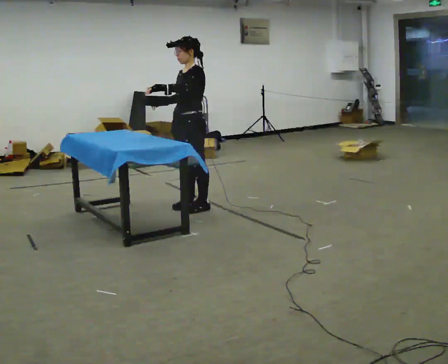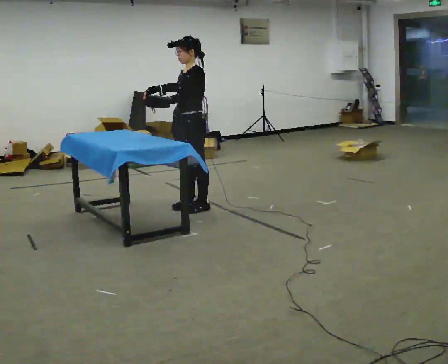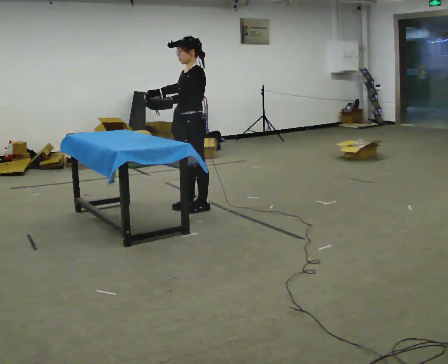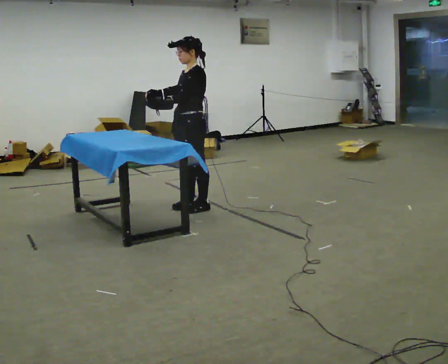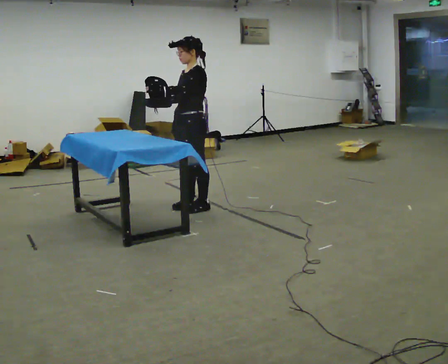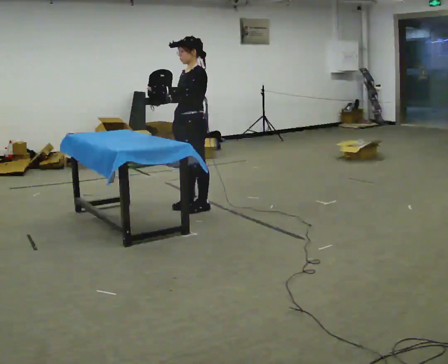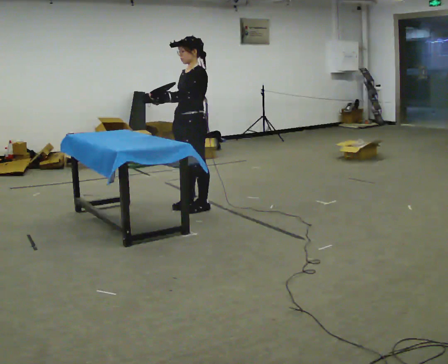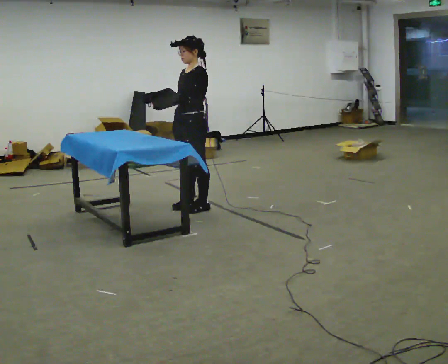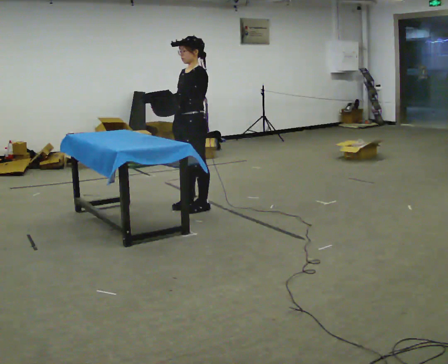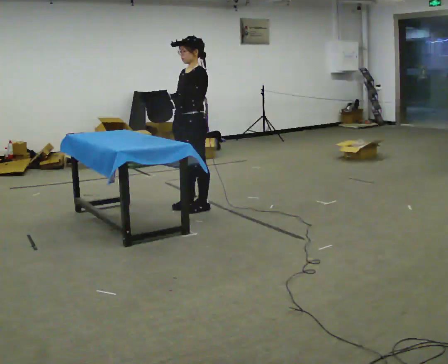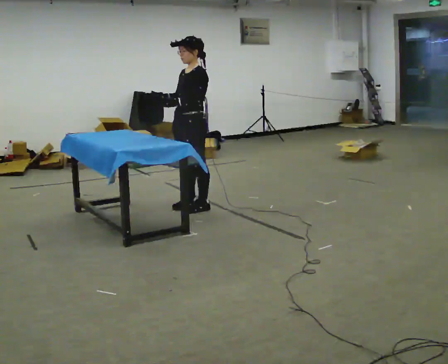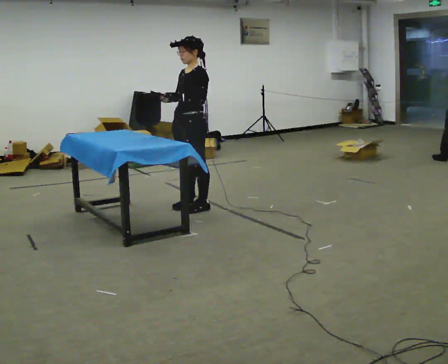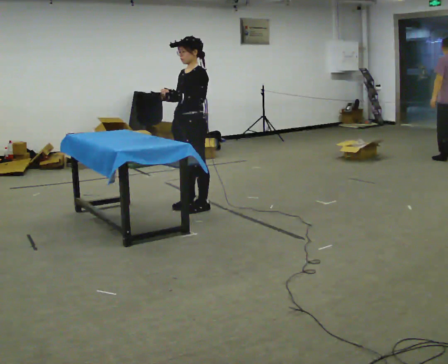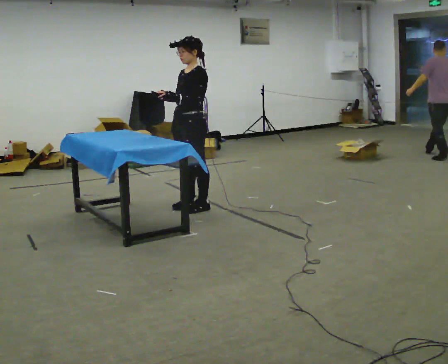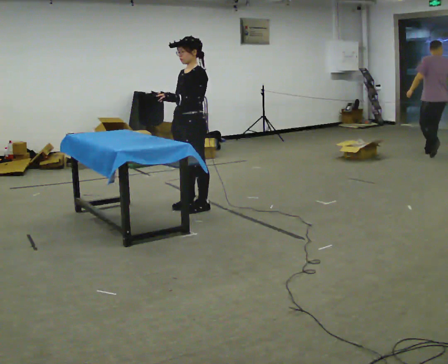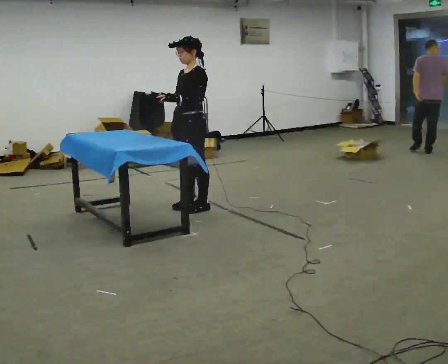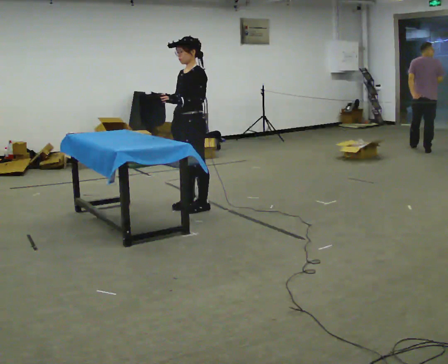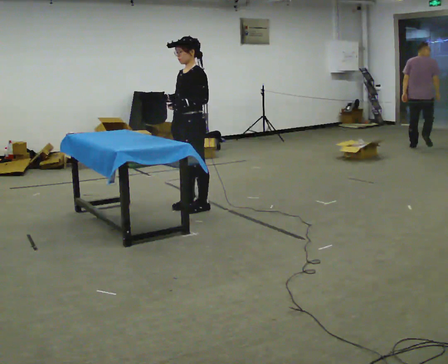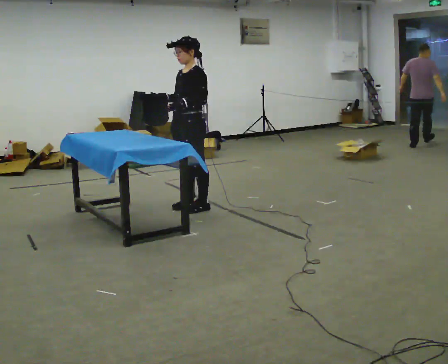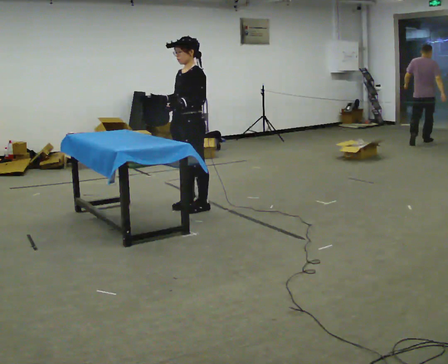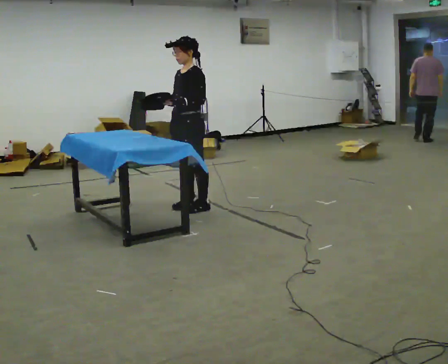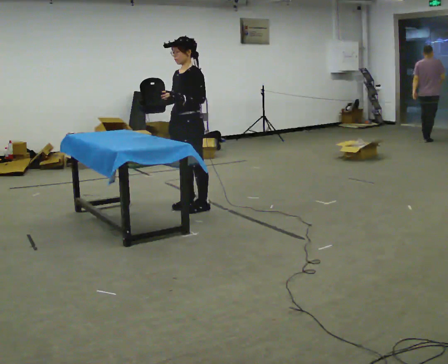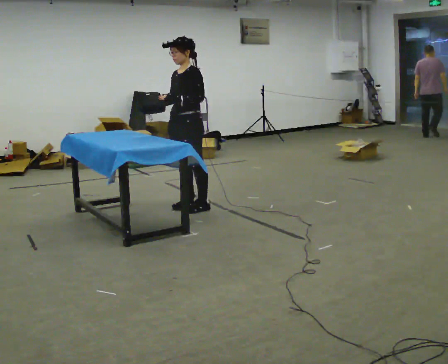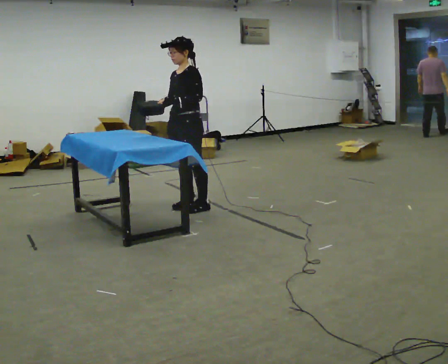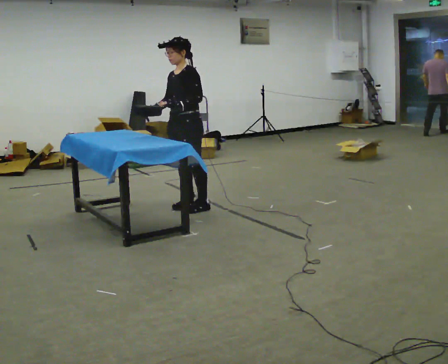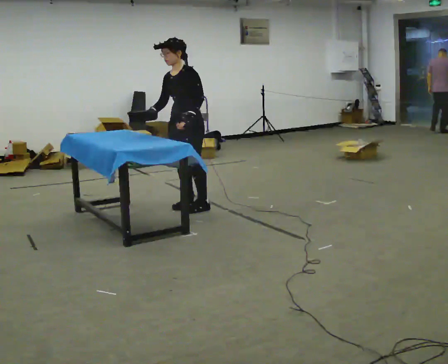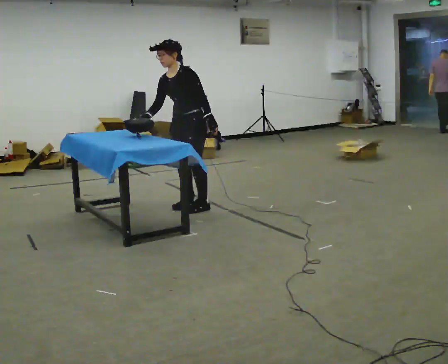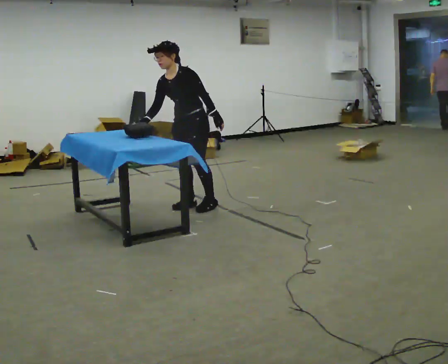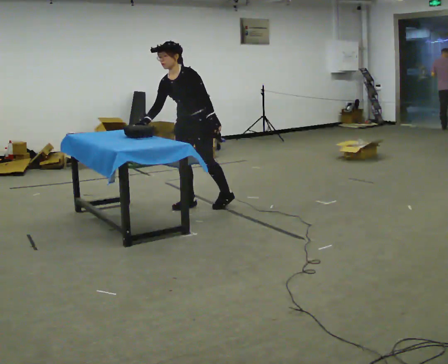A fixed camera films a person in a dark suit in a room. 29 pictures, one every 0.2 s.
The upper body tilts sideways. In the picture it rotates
counterclockwise.
0.0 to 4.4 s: The person moves a little, or ends about where they began.
4.4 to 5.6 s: In the picture the upper body tilts counterclockwise, shoulders to the left, as they bend forward. In the picture their left hand goes to the right.
The film runs forward here.
